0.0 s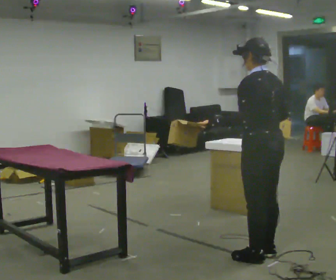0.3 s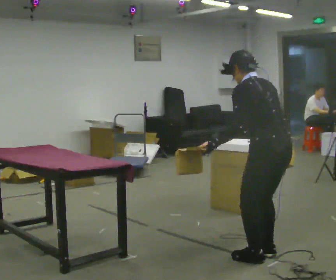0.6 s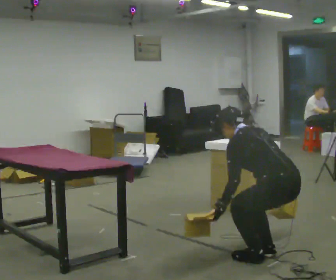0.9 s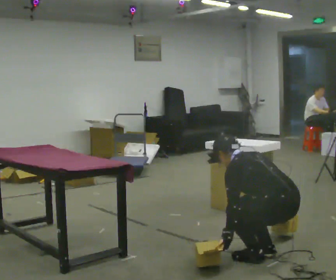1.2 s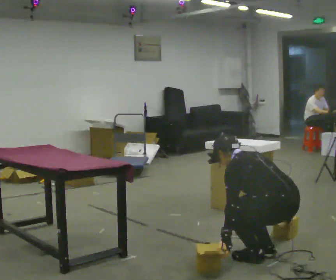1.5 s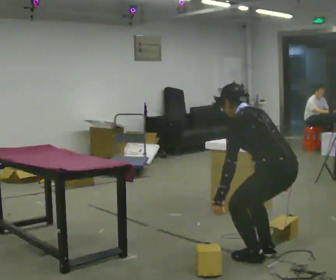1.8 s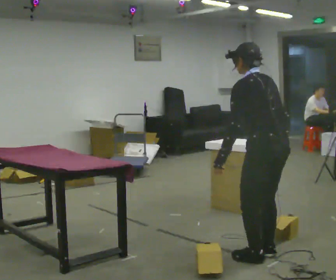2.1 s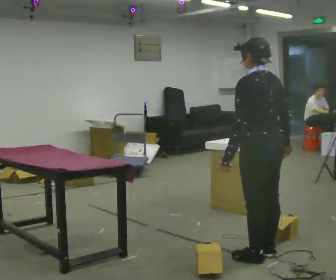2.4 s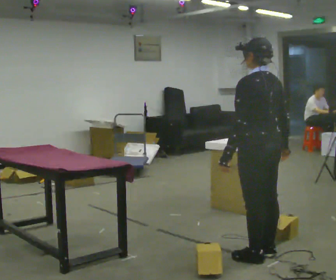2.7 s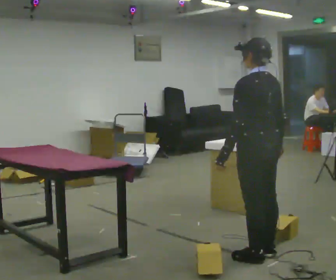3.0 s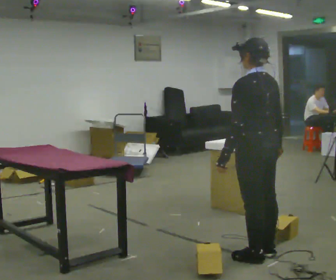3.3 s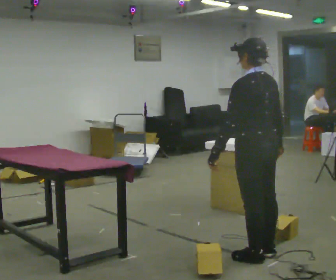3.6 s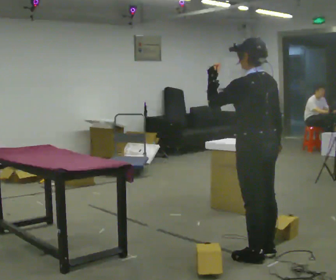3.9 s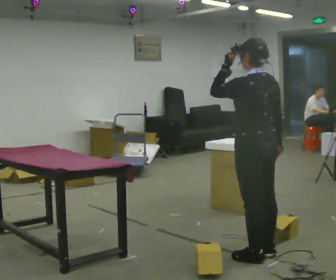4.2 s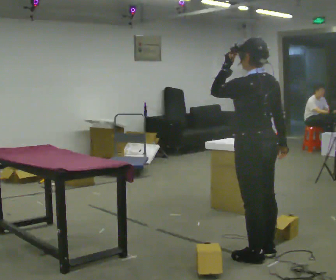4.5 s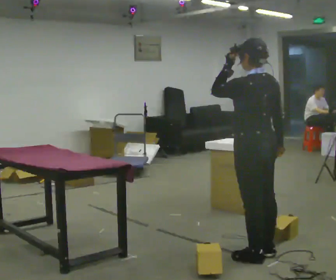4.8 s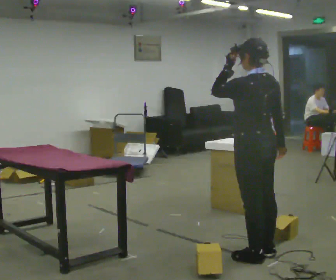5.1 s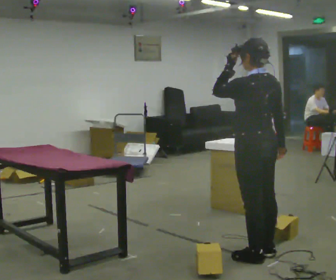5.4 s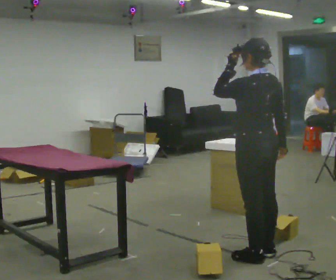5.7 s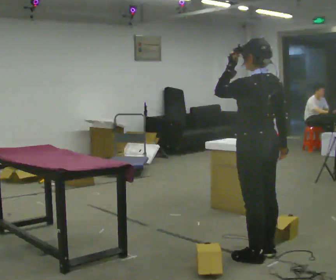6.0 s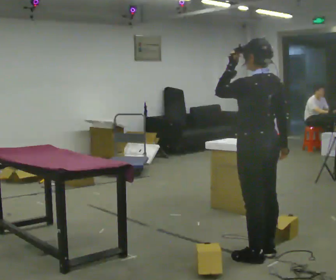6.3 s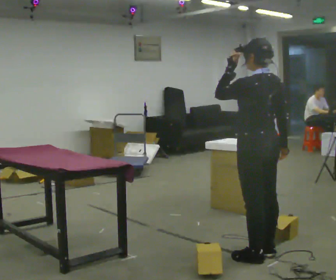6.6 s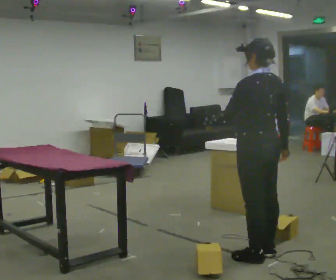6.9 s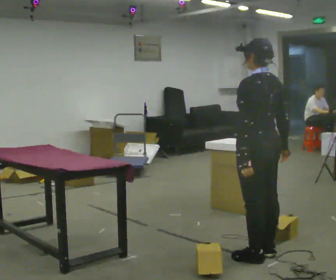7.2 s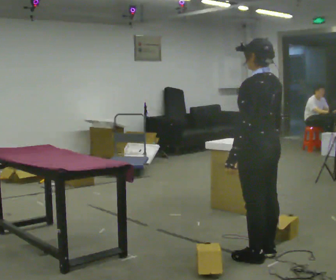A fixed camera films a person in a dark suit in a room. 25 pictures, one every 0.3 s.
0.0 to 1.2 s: The shoulders move downward. In the picture the upper body tilts counterclockwise, shoulders to the left, as they bend forward. In the picture their left hand goes downward.
1.2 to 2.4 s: The upper body goes upward. In the picture the upper body tilts clockwise, shoulders to the right, as they lean back or straighten. In the picture their left hand goes upward.
2.4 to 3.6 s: In the picture their left hand goes upward.
3.6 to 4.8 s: The person moves a little, or ends about where they began.
4.8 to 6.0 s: The person keeps their place and pose.
6.0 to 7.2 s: In the picture their left hand goes downward.
The film runs forward here.
